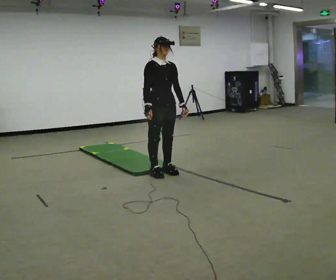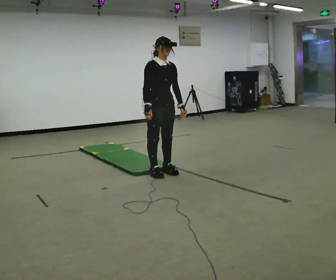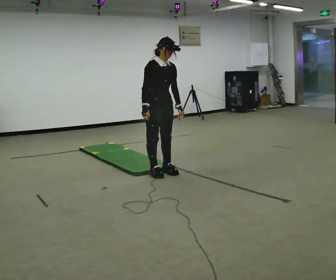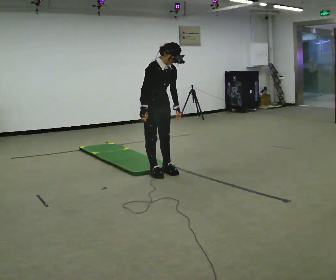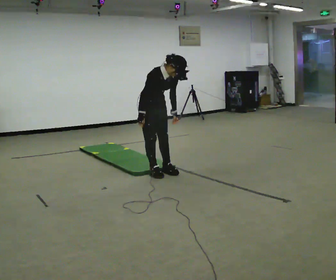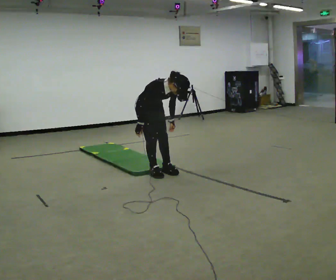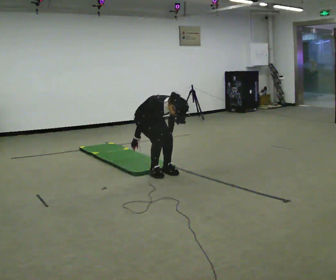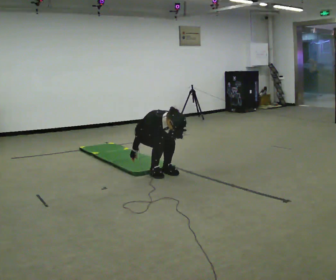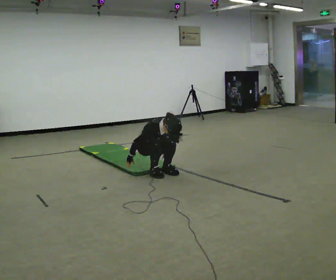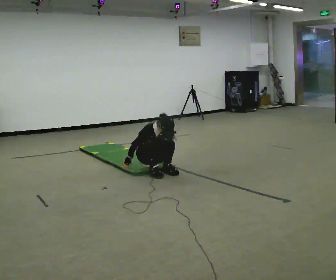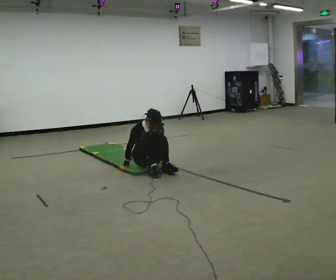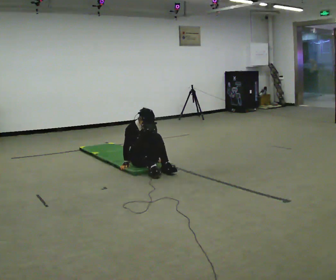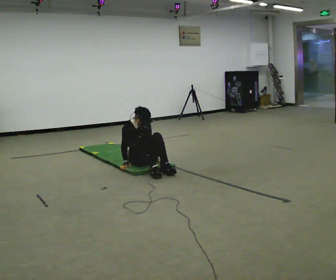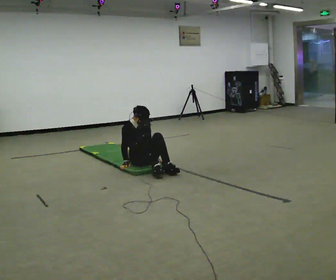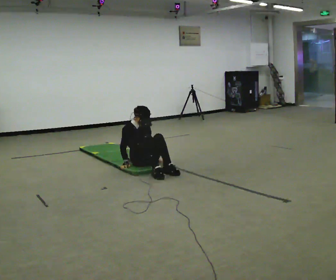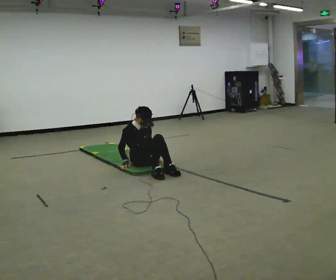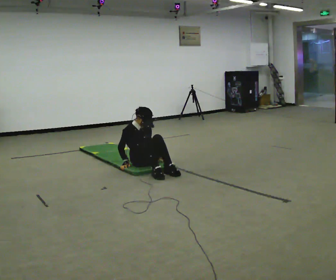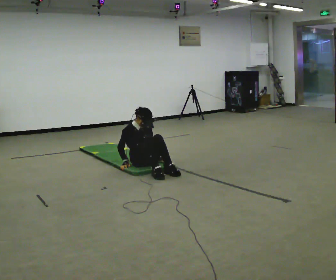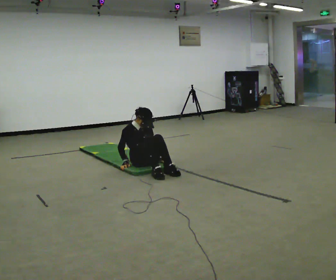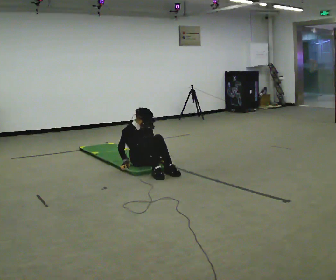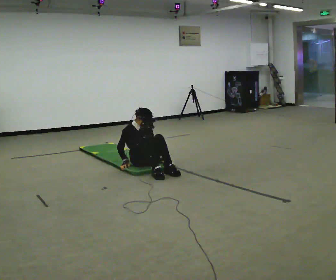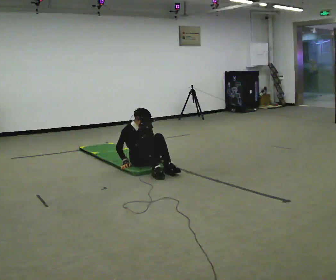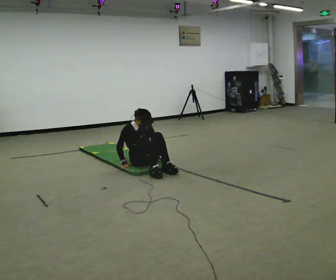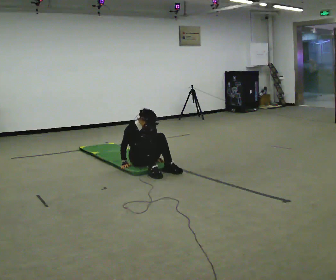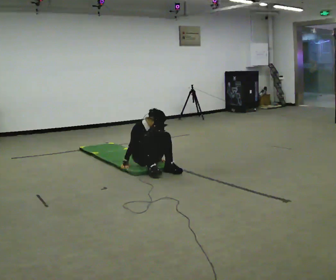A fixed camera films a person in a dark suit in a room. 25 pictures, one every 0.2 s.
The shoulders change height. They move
downward.
Their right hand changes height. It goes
downward.
0.0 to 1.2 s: In the picture they go away from the camera and to the left, about 0.25 m, which for them is backward. The upper body goes downward. The upper body tips toward the camera, its near side rolling downward, as they bend forward. In the picture their left hand goes downward.
1.2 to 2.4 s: In the picture they go away from the camera, about 0.25 m, which for them is backward. The upper body goes downward. The upper body tips away from the camera, its near side rolling upward, as they lean back or straighten. In the picture their left hand goes downward.
2.4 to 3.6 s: The person moves a little, or ends about where they began.
3.6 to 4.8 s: In the picture the upper body tilts clockwise, shoulders to the right, as they bend forward.
The film runs forward here.
